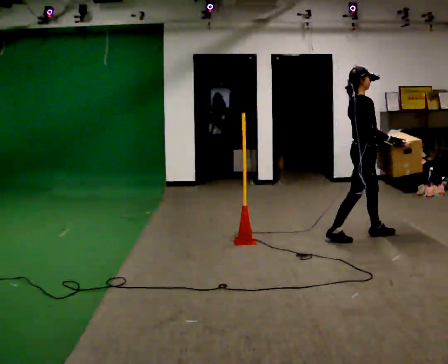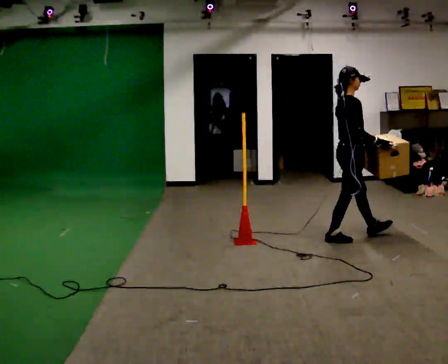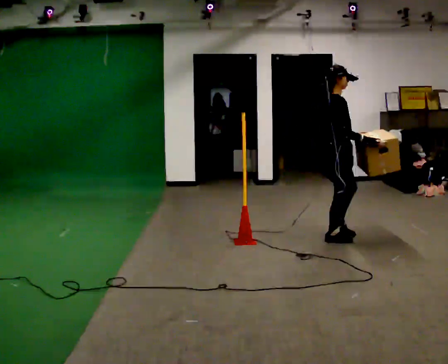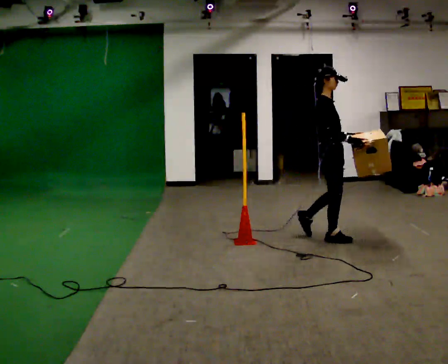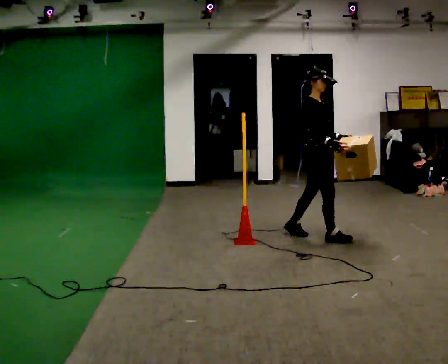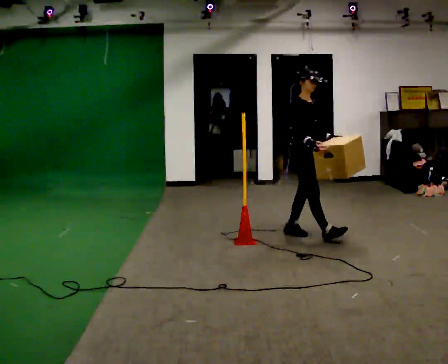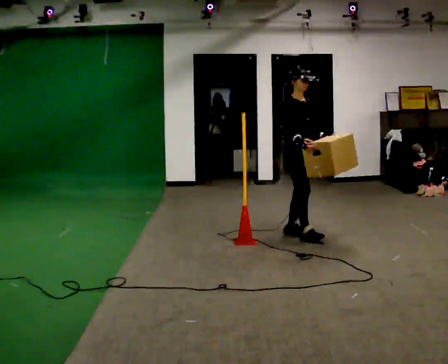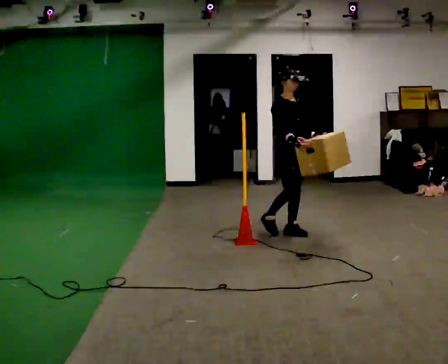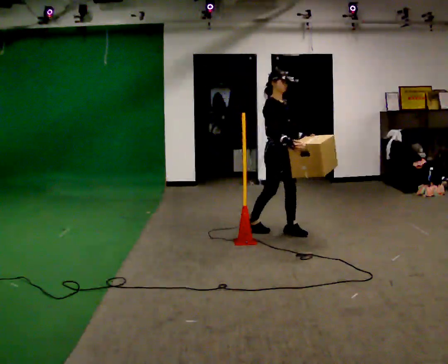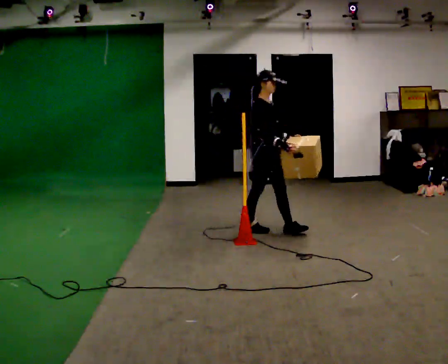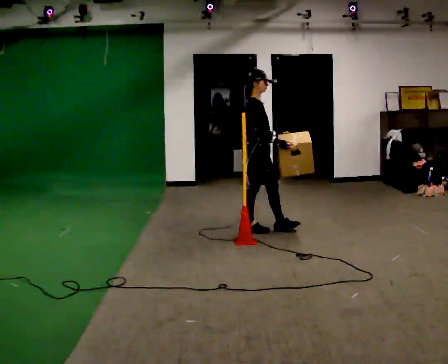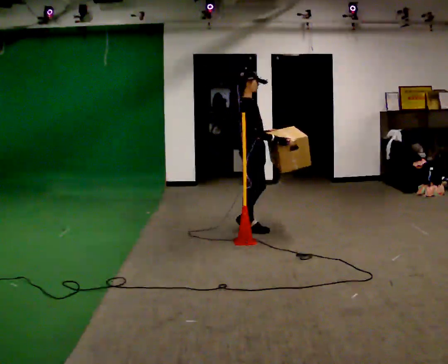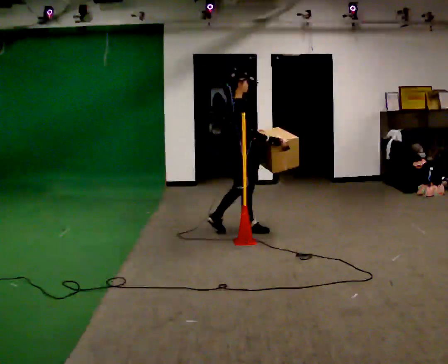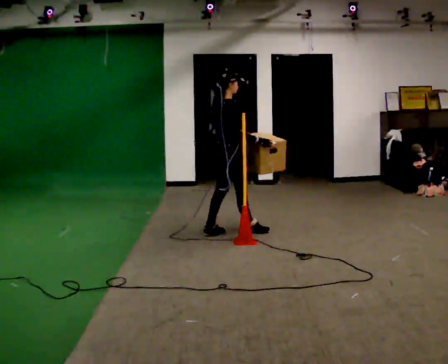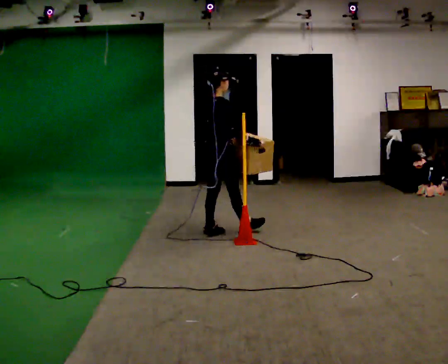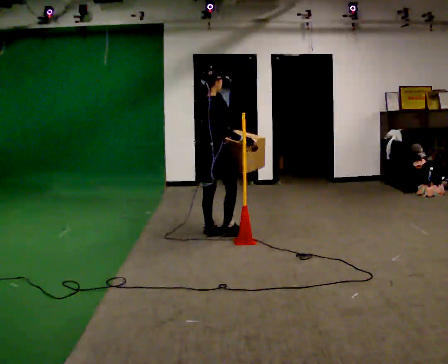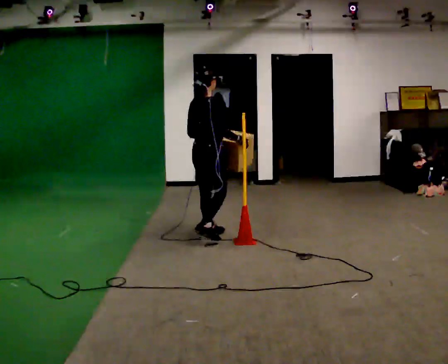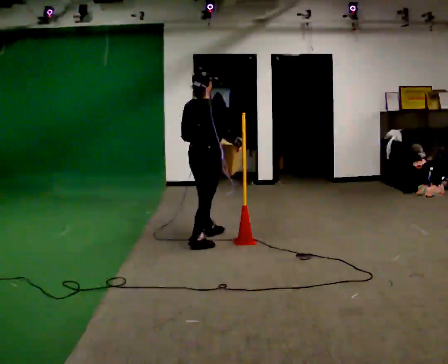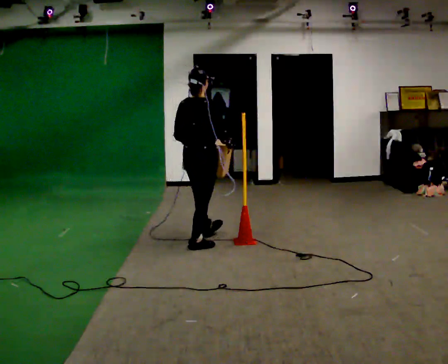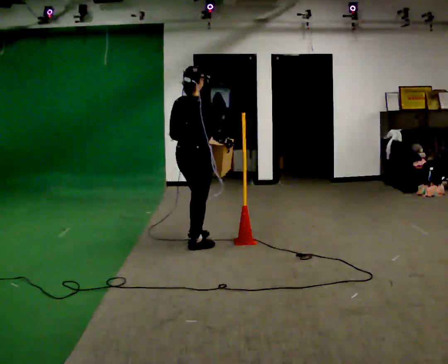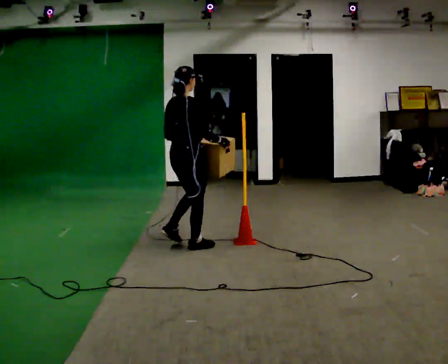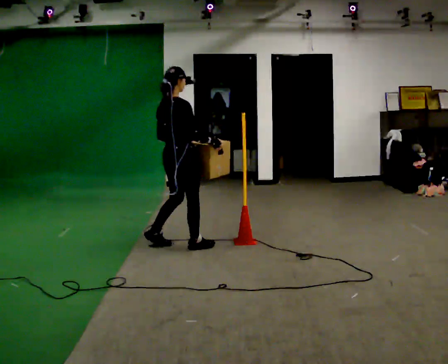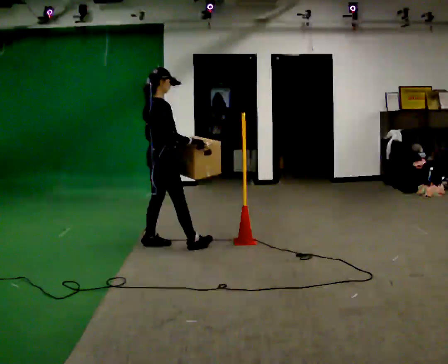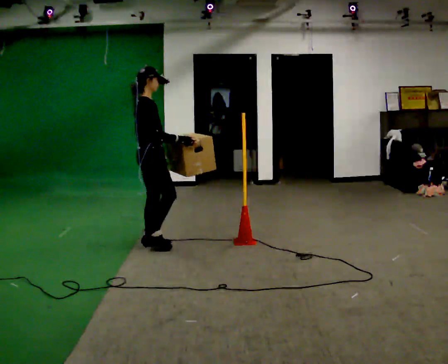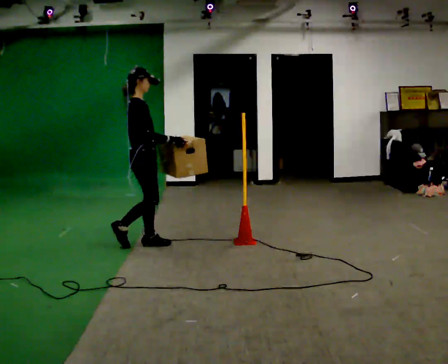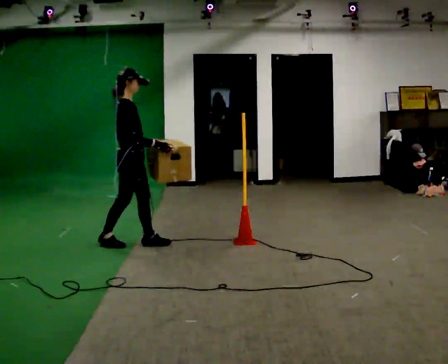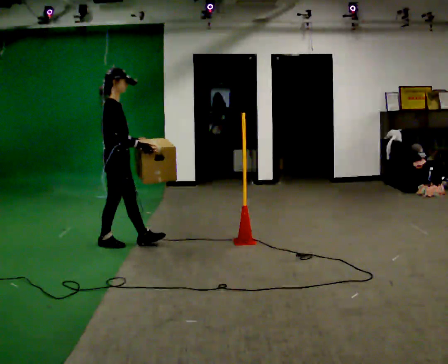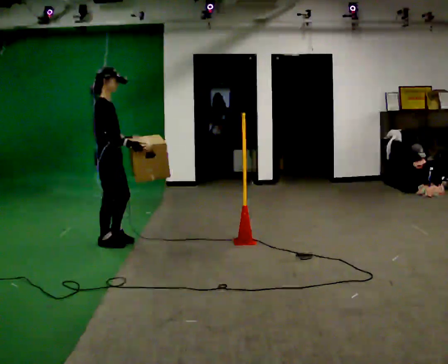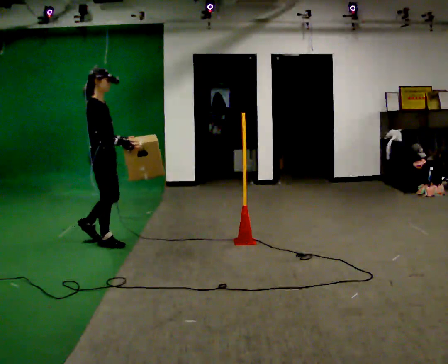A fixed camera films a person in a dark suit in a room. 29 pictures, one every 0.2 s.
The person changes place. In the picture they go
to the left.
0.0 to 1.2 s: The person turns about 45 degrees to their right, clockwise seen from above, so the part of the body nearest the lens slides to the left. In the picture they go to the left and away from the camera, about 0.5 m in 2 steps, which for them is backward.
1.2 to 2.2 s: The part of the body nearest the lens slides to the right as the person turns to their left by about 45 degrees. In the picture they go to the left, about 0.5 m in 1 step, which for them is backward and to their right.
2.2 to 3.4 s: The part of the body nearest the lens slides to the right as the person turns to their left by about 45 degrees. In the picture they go to the left and toward the camera, about 0.5 m in 1 step, which for them is backward.
3.4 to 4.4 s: Seen from above the body turns clockwise, about 30 degrees: to their right, with its near side sliding to the left. In the picture they go to the left and toward the camera, about 0.5 m in 1 step, which for them is backward and to their left.
4.4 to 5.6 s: In the picture they go to the left, about 0.5 m in 2 steps, which for them is backward.
The film runs backward here.
